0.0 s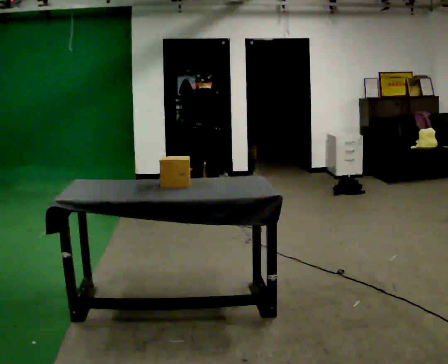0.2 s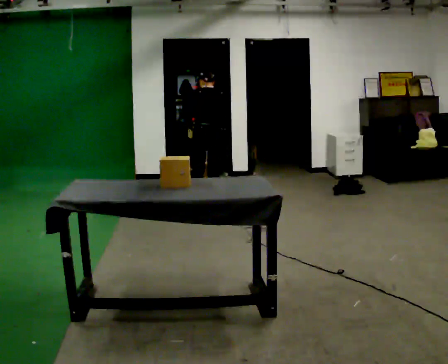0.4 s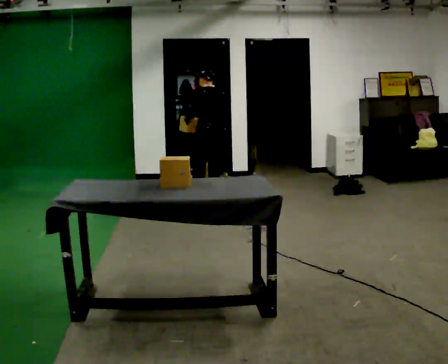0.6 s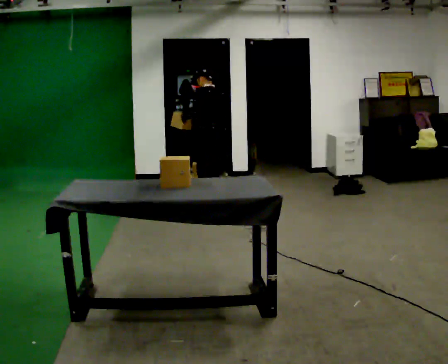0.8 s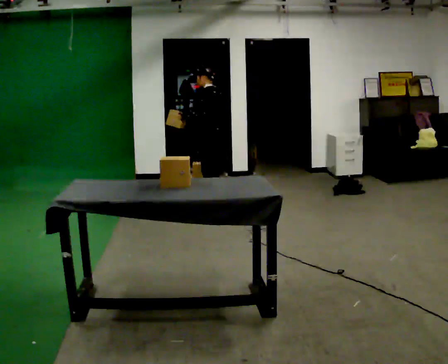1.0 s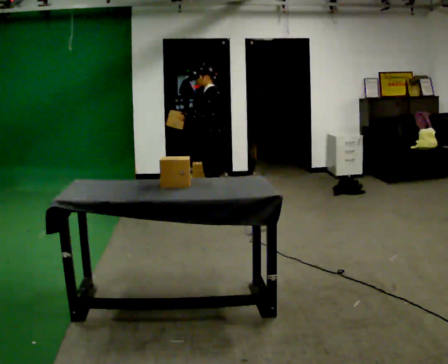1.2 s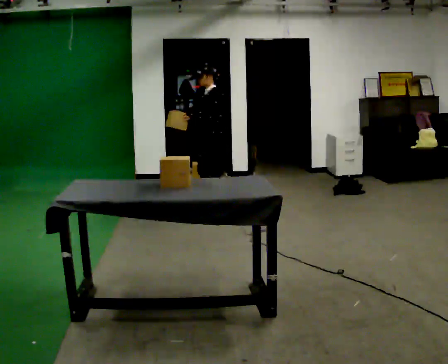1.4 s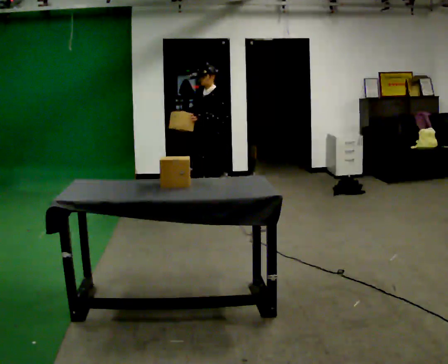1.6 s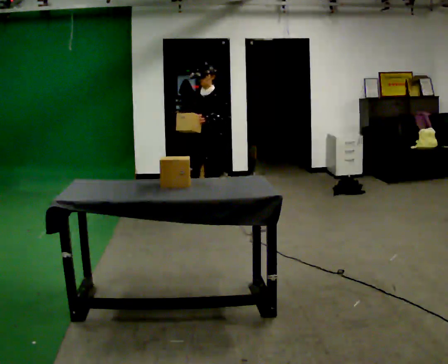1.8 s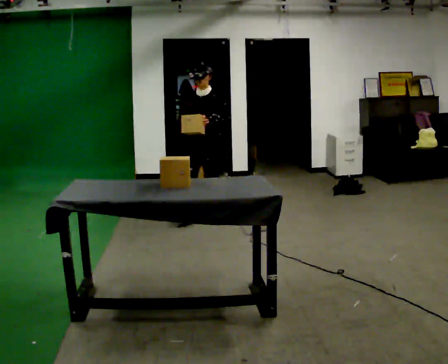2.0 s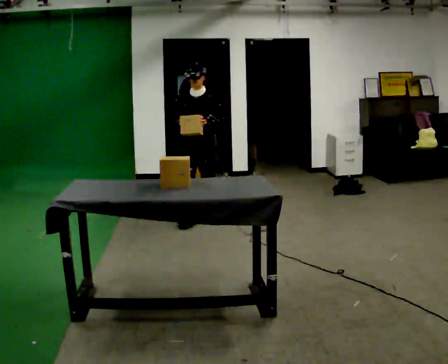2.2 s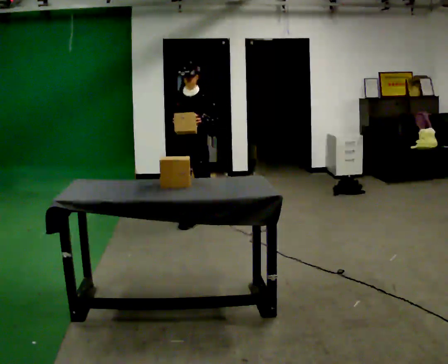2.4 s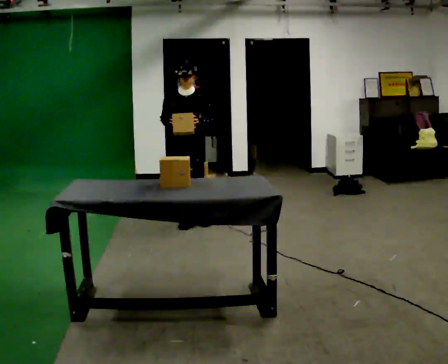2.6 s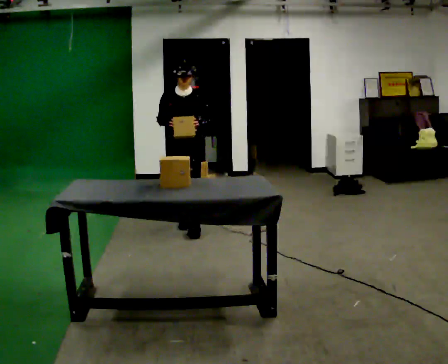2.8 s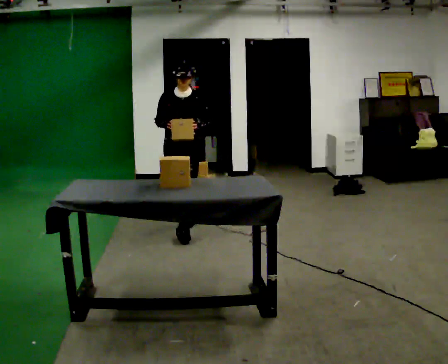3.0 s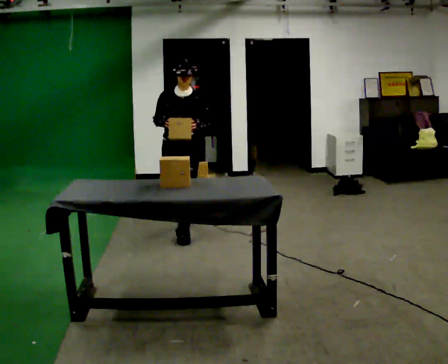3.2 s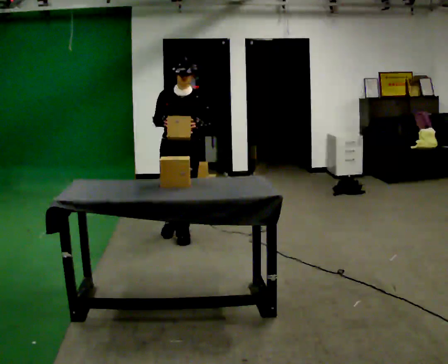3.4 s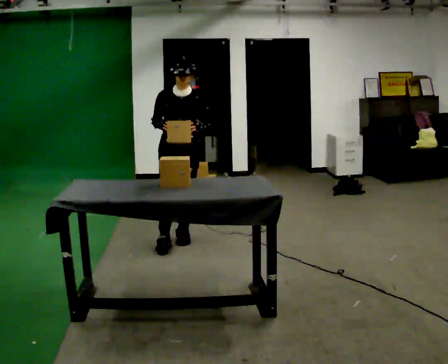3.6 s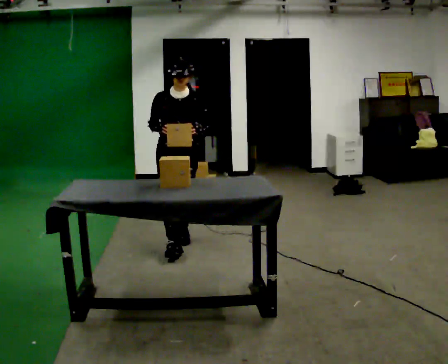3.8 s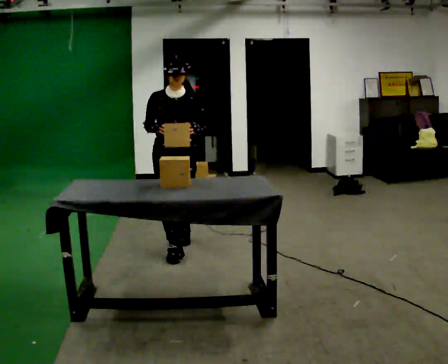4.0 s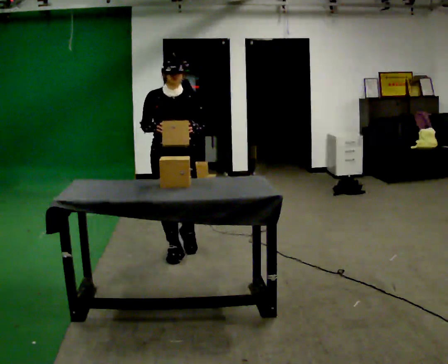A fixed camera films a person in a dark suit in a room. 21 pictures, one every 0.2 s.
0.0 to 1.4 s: The person turns about 120 degrees to their left, counterclockwise seen from above, so the part of the body nearest the lens slides to the right. In the picture they go toward the camera, about 0.25 m in 1 step. The upper body tips toward the camera, its near side rolling downward, as they lean back or straighten.
1.4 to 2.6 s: Seen from above the body turns counterclockwise, about 60 degrees: to their left, with its near side sliding to the right. In the picture they go toward the camera and to the left, about 0.5 m in 1 step, which for them is forward.
2.6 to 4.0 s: In the picture they go toward the camera, about 1 m in 2 steps, which for them is forward.
The film runs forward here.
